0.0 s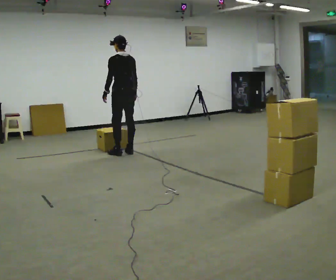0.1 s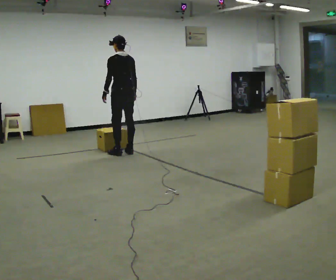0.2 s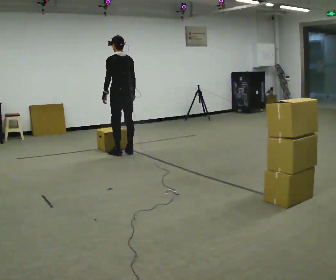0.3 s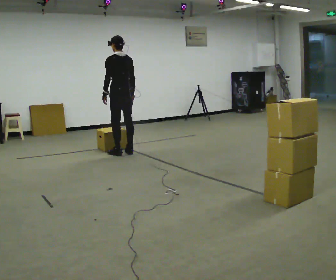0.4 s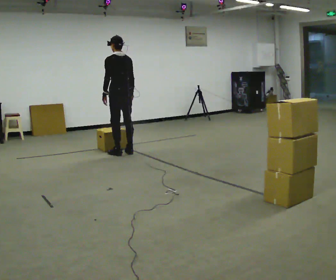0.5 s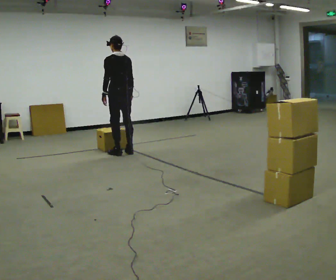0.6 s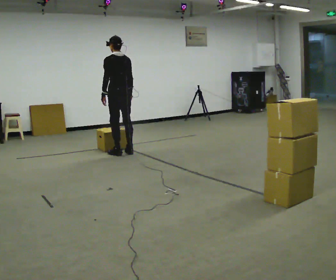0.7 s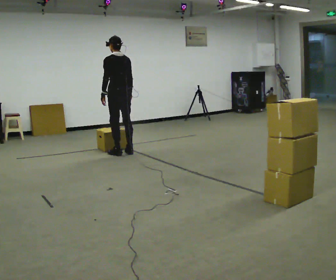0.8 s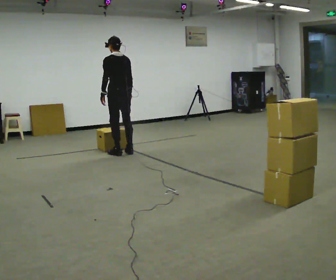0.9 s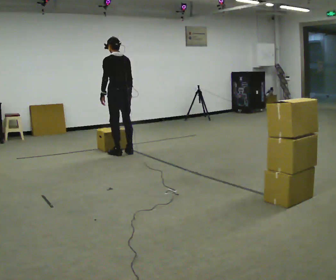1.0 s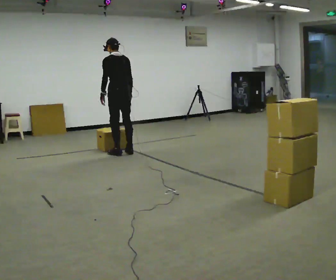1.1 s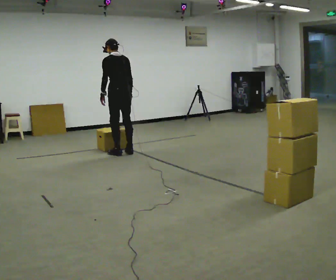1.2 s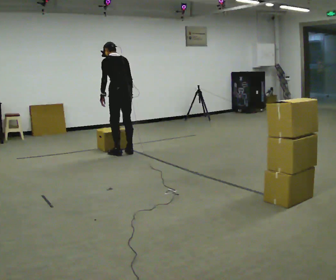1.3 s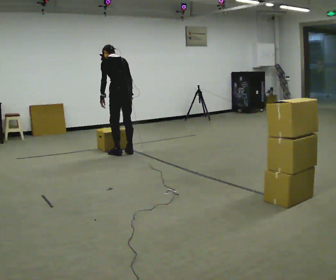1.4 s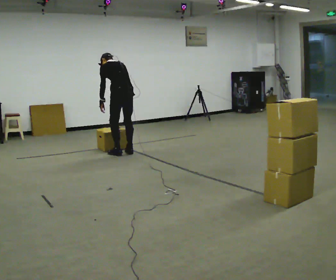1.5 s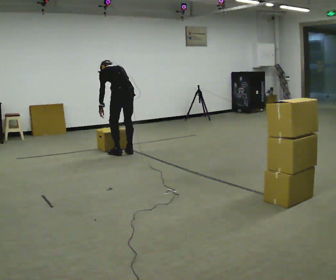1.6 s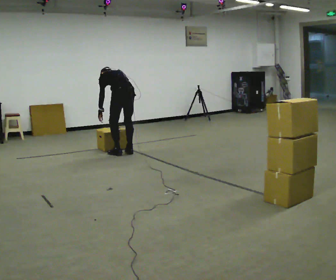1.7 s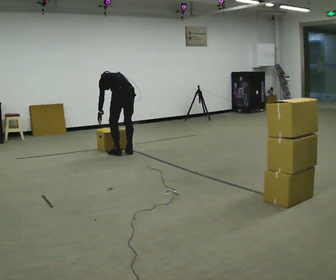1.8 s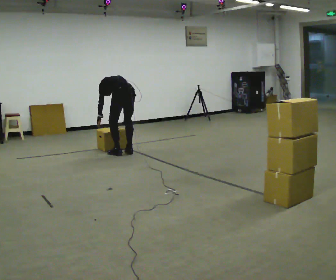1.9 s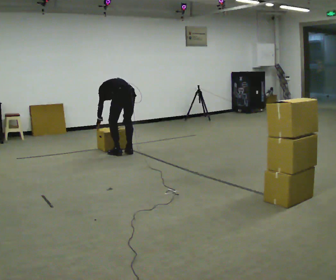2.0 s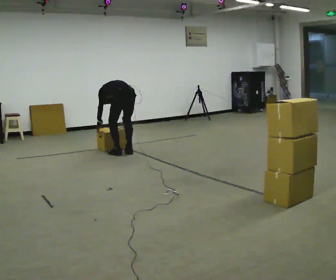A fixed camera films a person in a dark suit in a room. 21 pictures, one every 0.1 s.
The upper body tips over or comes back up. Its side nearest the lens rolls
upward.
The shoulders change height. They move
downward.
0.0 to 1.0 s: The person moves a little, or ends about where they began.
1.0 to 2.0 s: The shoulders move downward. The upper body tips away from the camera, its near side rolling upward, as they bend forward. In the picture their right hand goes downward.
The film runs forward here.
